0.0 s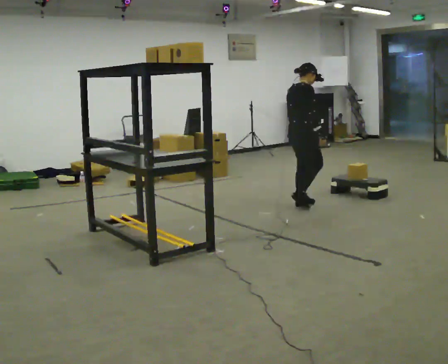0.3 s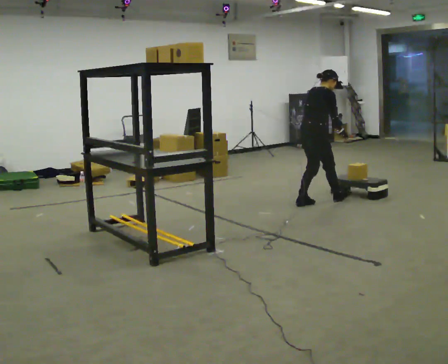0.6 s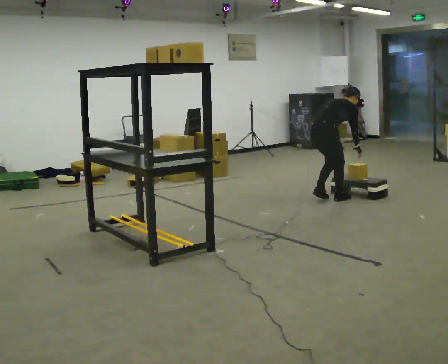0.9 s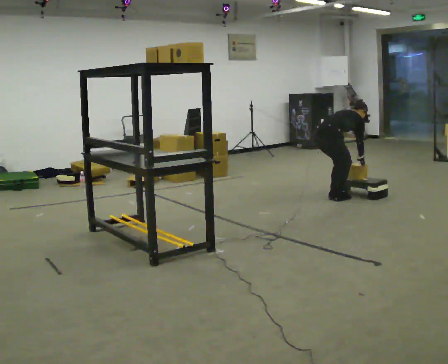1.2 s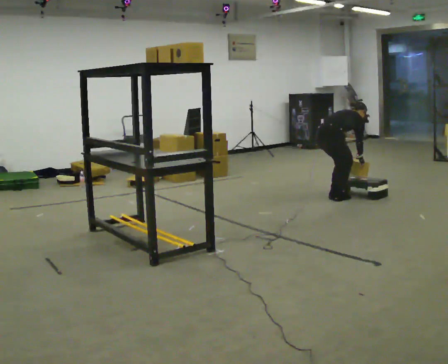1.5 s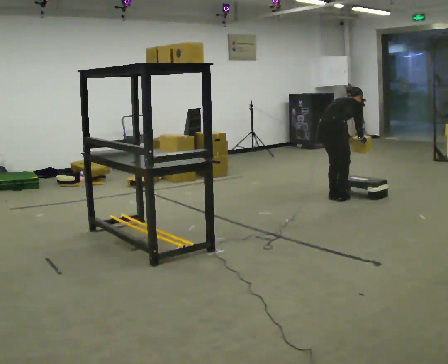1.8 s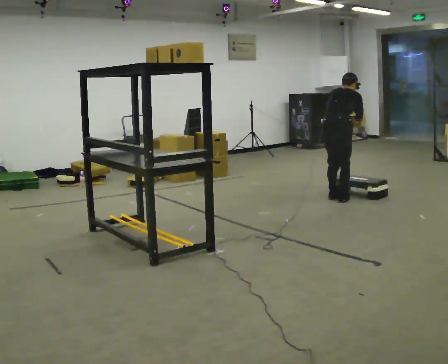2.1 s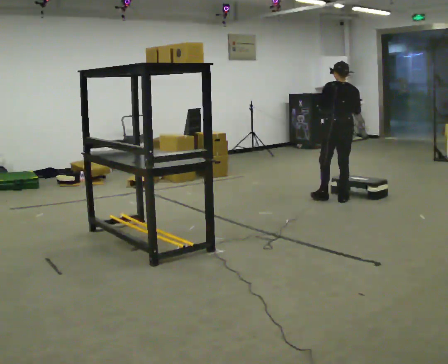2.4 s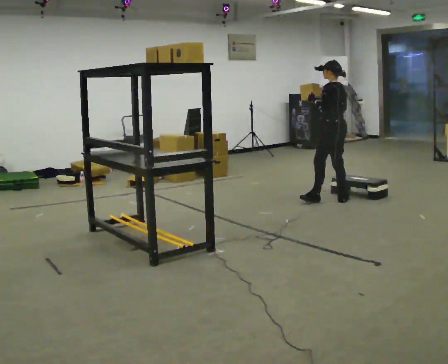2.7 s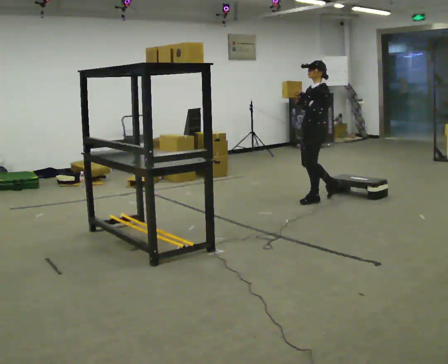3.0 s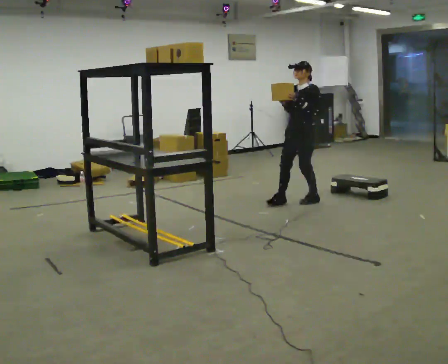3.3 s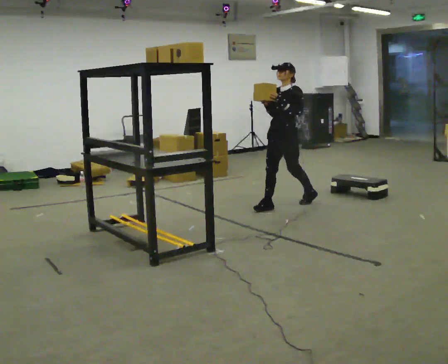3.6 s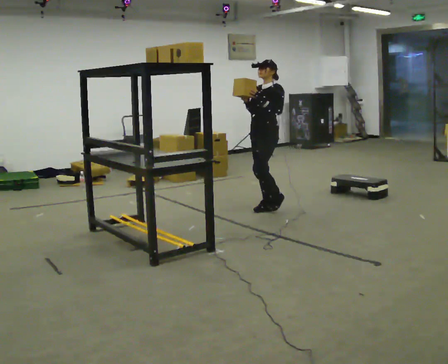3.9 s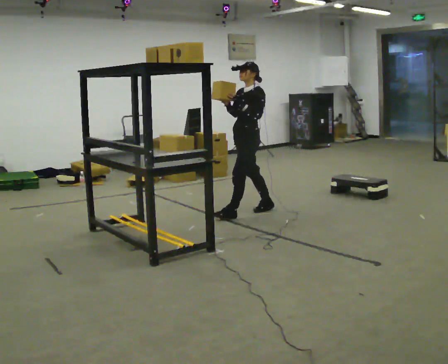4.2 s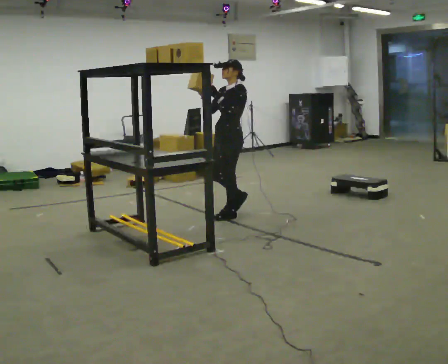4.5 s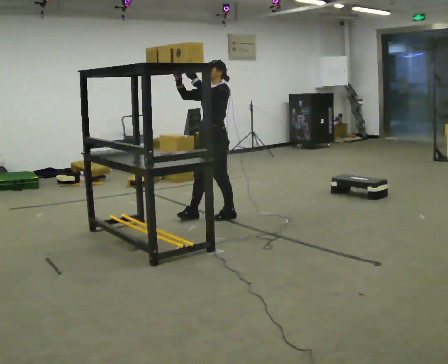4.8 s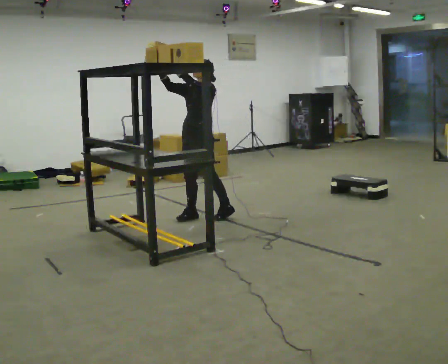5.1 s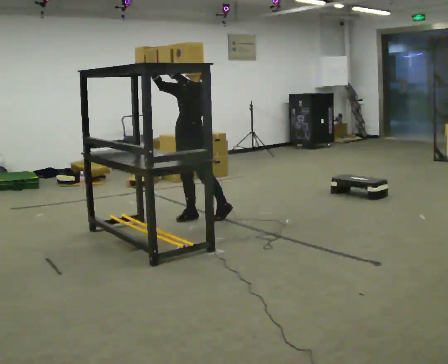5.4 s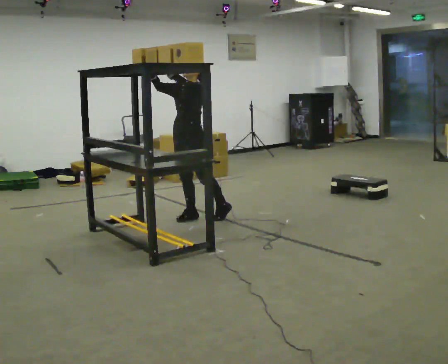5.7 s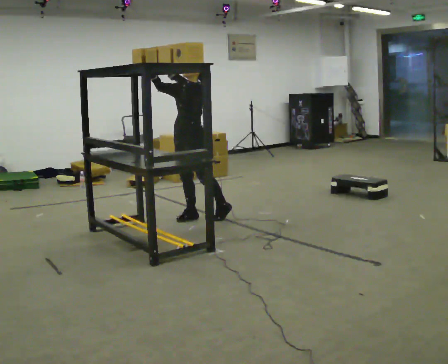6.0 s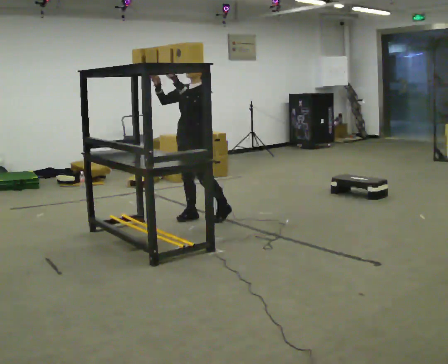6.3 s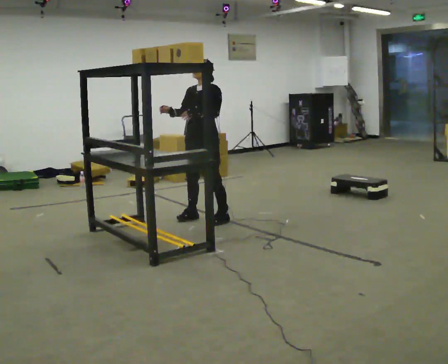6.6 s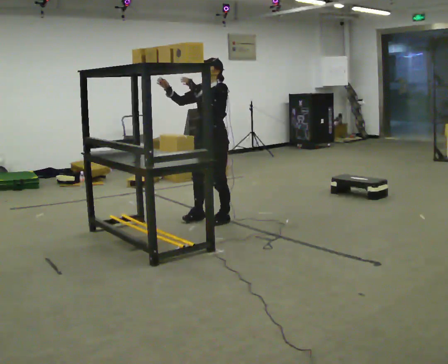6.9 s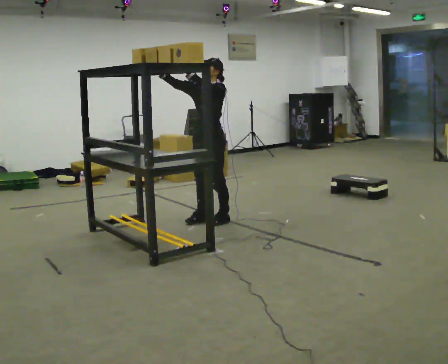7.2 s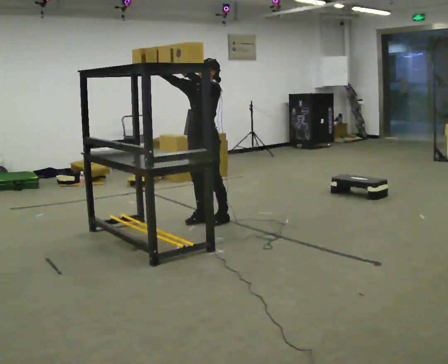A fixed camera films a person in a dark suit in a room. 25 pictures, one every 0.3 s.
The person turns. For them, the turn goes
to their left.
The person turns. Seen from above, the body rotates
counterclockwise.
0.0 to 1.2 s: In the picture they go to the right and away from the camera, about 0.5 m in 2 steps, which for them is forward. The upper body goes downward. In the picture the upper body tilts clockwise, shoulders to the right, as they bend forward. In the picture their right hand goes downward.
1.2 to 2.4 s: Seen from above the body turns counterclockwise, about 105 degrees: to their left, with its near side sliding to the right. The shoulders move upward. In the picture the upper body tilts counterclockwise, shoulders to the left, as they lean back or straighten. In the picture their right hand goes upward and to the left.
2.4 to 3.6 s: Seen from above the body turns counterclockwise, about 60 degrees: to their left, with its near side sliding to the right. In the picture they go to the left, about 1 m in 1 step.
3.6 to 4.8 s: In the picture they go to the left and toward the camera, about 0.5 m in 2 steps, which for them is forward. In the picture their right hand goes upward.
4.8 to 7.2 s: The person moves a little, or ends about where they began.
The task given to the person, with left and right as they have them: Carry the object across the room and place it on the shelf just at the top of your comfortable reach. Keep going until the operator says stop; one object at a time, and do not rush between trips.
The film runs forward here.
